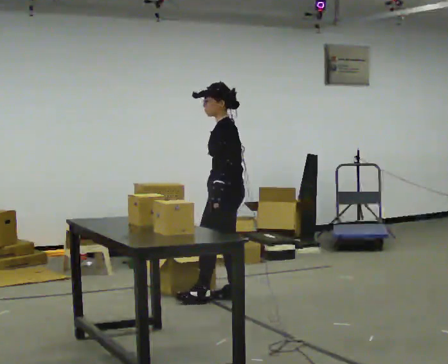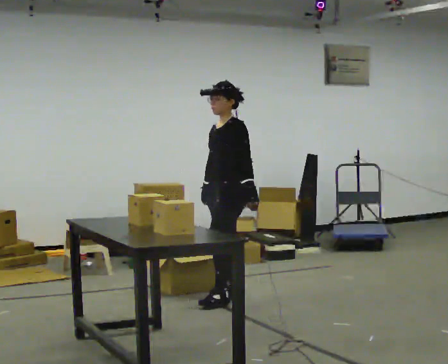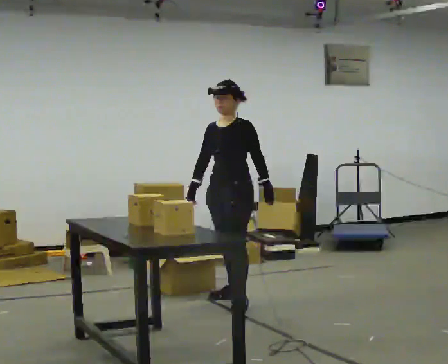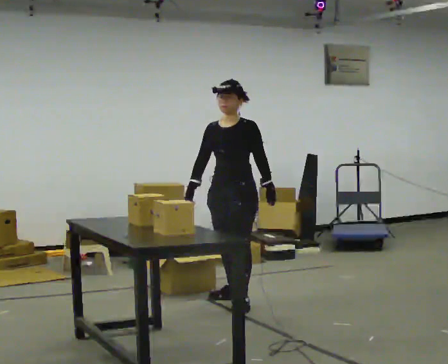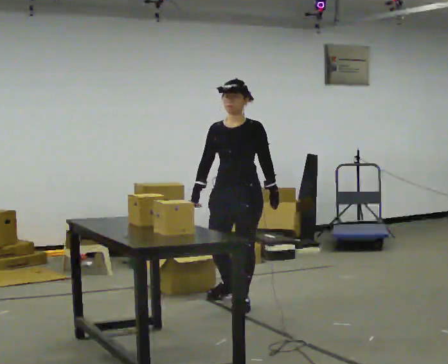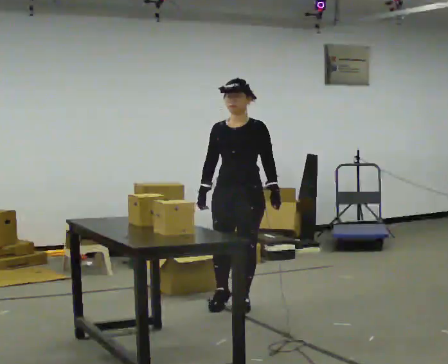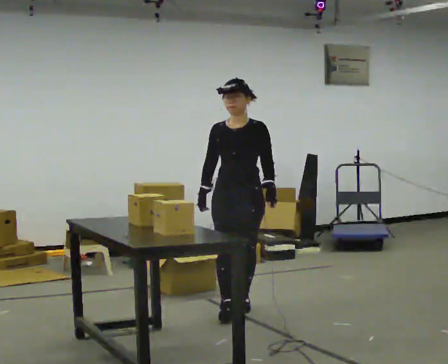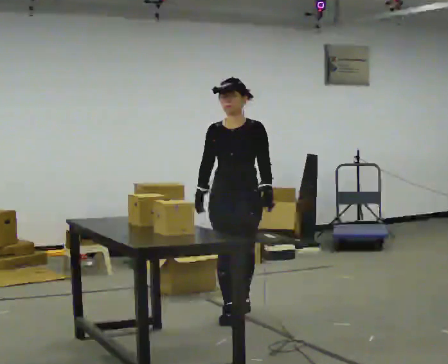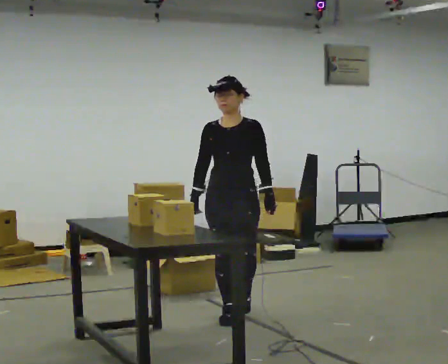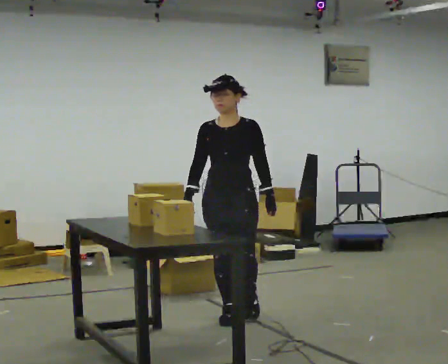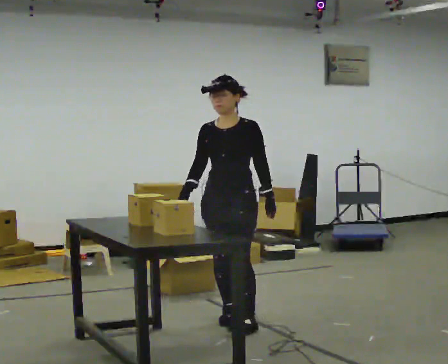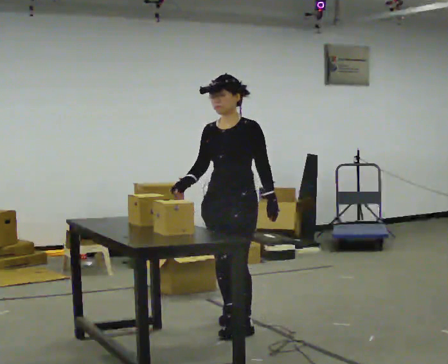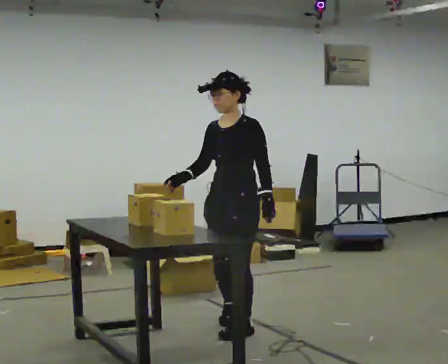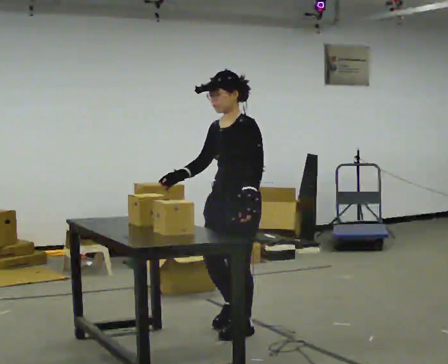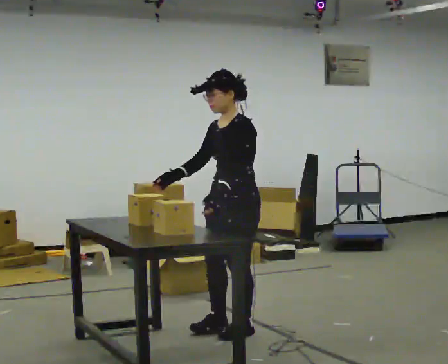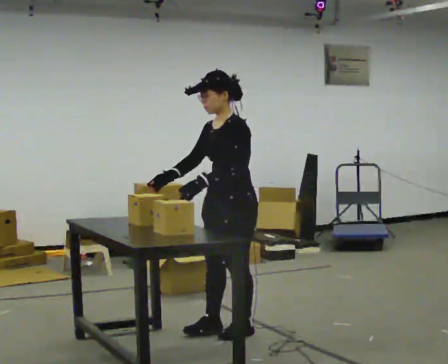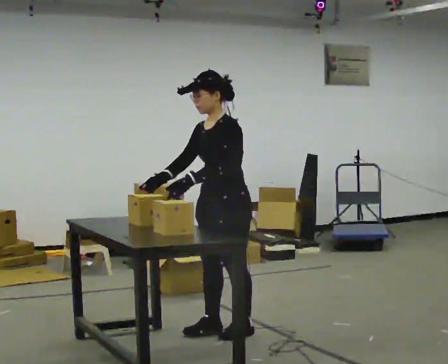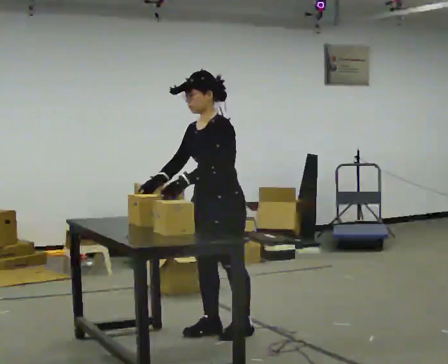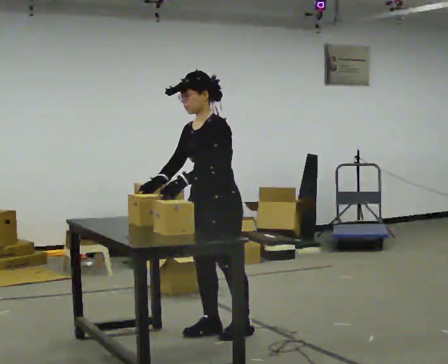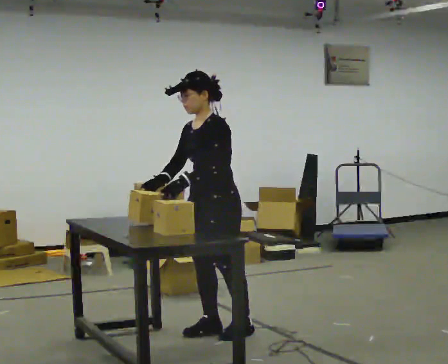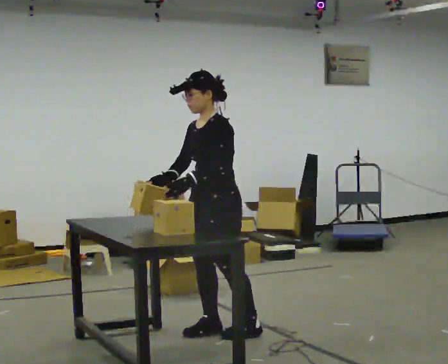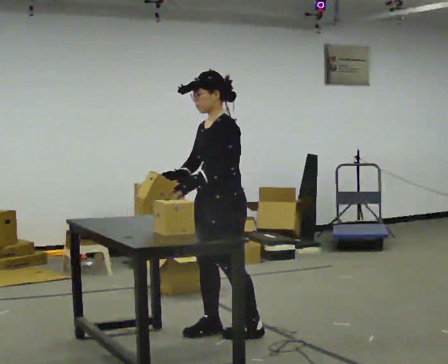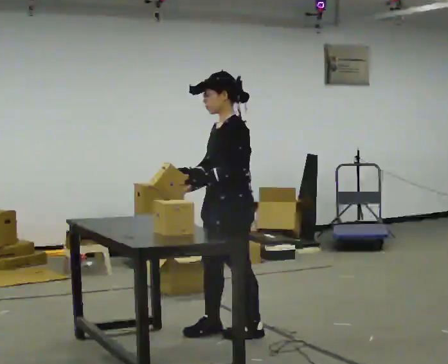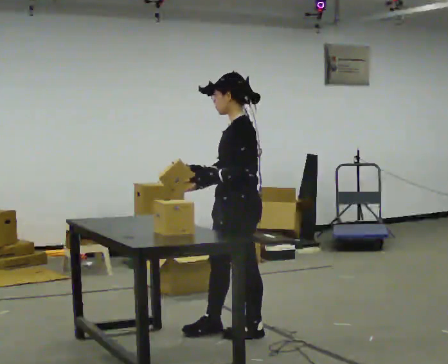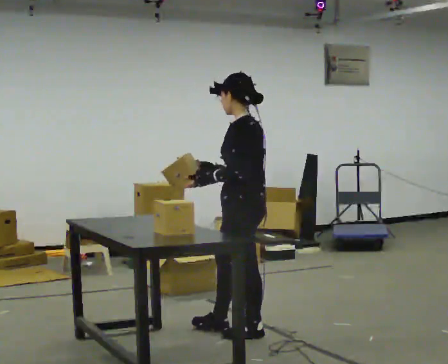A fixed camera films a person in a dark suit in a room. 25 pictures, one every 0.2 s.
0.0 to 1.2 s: Seen from above the body turns counterclockwise, about 75 degrees: to their left, with its near side sliding to the right. In the picture they go toward the camera, about 0.25 m in 1 step.
1.2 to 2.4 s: The part of the body nearest the lens slides to the left as the person turns to their right by about 30 degrees. In the picture they go toward the camera, about 0.5 m in 2 steps, which for them is forward.
2.4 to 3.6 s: In the picture their left hand goes to the left, the arm swinging clockwise.
3.6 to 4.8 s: The part of the body nearest the lens slides to the left as the person turns to their right by about 60 degrees. In the picture they go to the right, about 0.25 m, which for them is backward and to their left. In the picture their right hand goes to the right.
The film runs forward here.
